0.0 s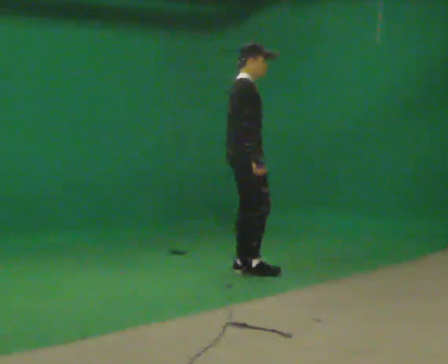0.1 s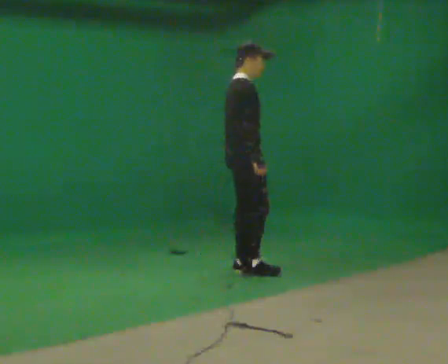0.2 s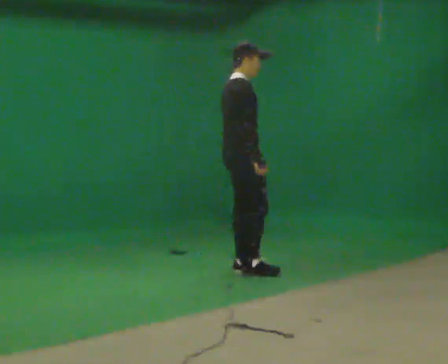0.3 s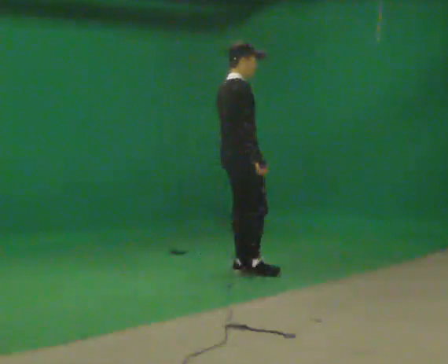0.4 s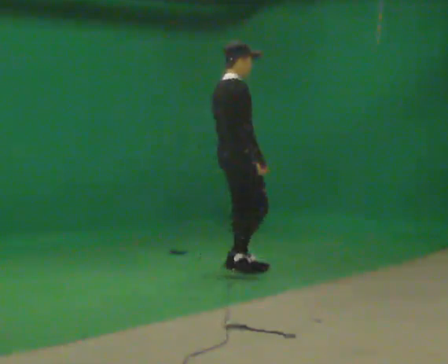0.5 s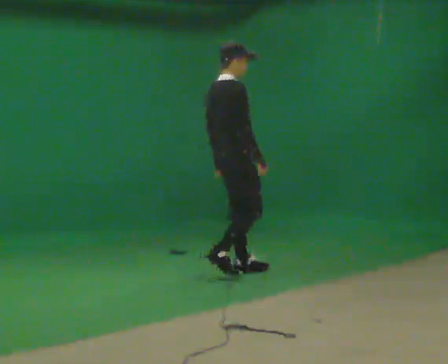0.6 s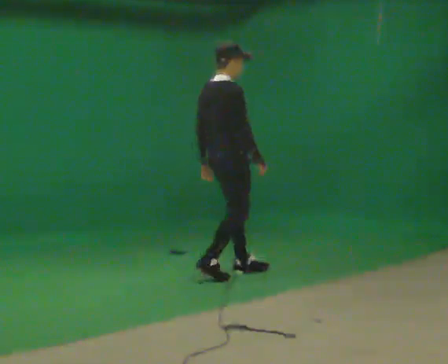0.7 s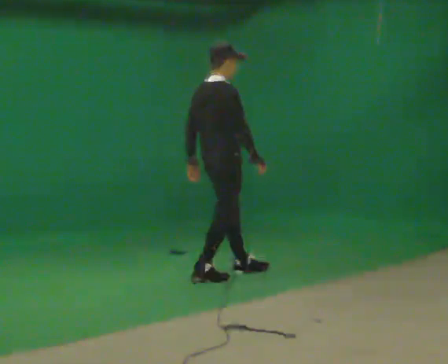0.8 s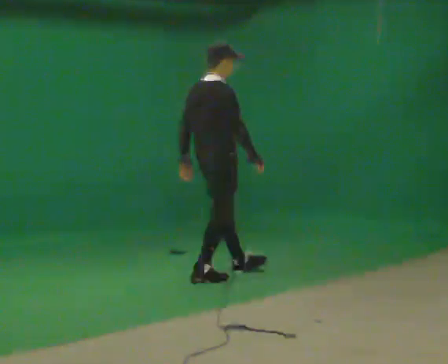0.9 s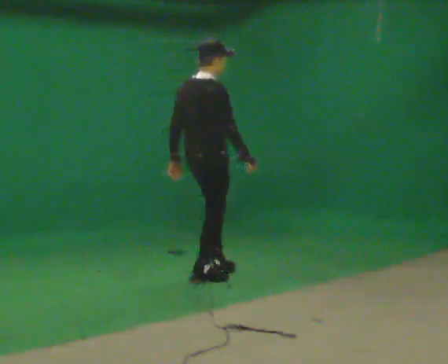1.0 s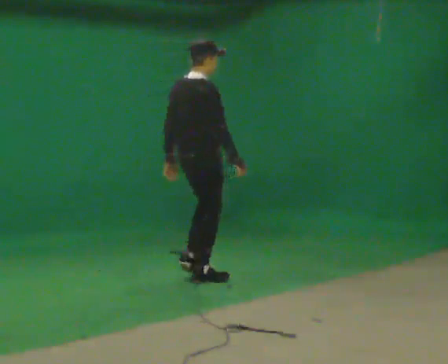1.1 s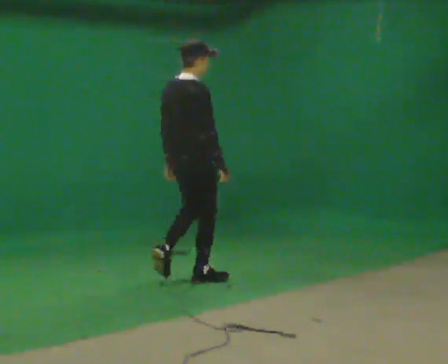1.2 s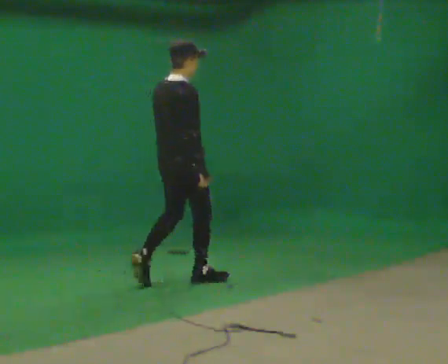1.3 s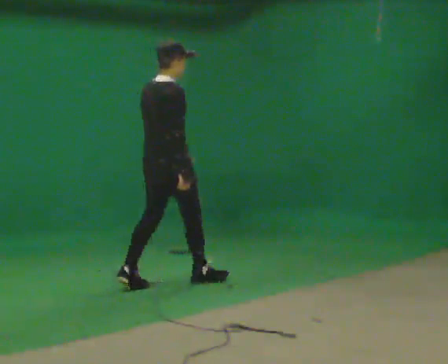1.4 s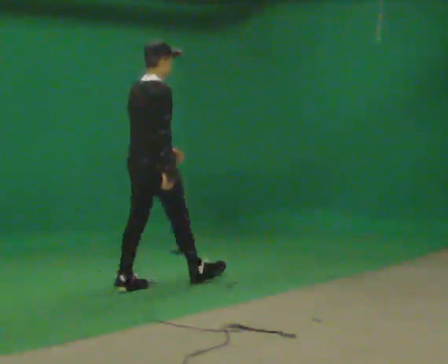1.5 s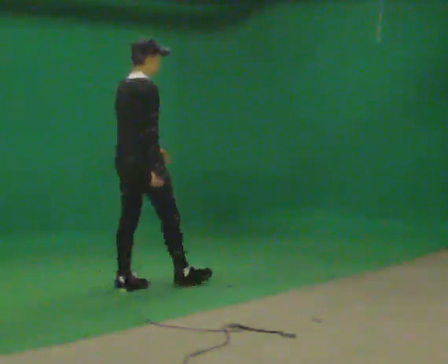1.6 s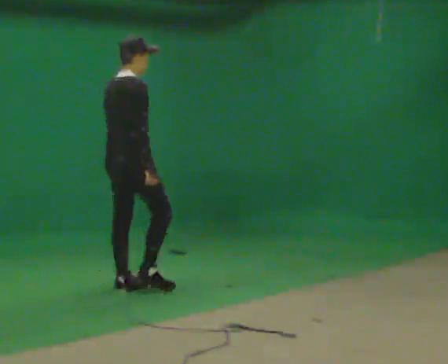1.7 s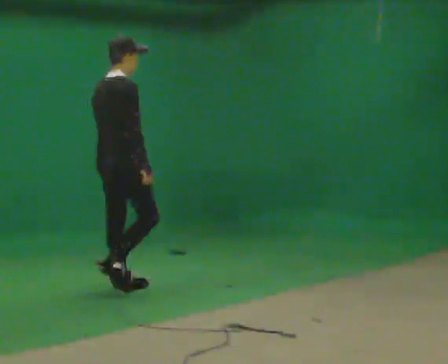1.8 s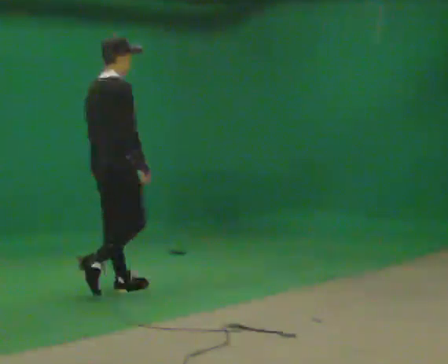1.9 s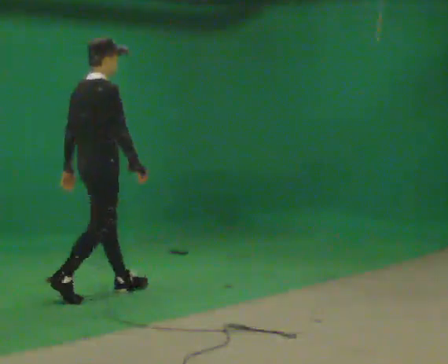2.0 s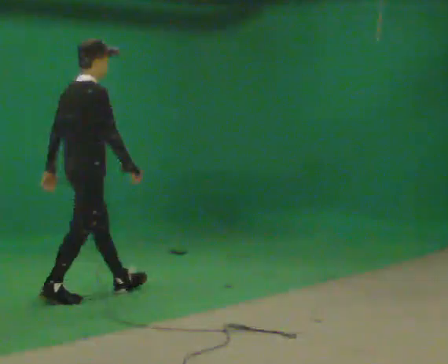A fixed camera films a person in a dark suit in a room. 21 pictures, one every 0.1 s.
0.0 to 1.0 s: The person turns about 30 degrees to their left, counterclockwise seen from above, so the part of the body nearest the lens slides to the right. In the picture they go toward the camera and to the left, about 0.5 m in 2 steps, which for them is backward.
1.0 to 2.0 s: In the picture they go to the left and toward the camera, about 1 m in 1 step, which for them is backward.
The film runs backward here.
